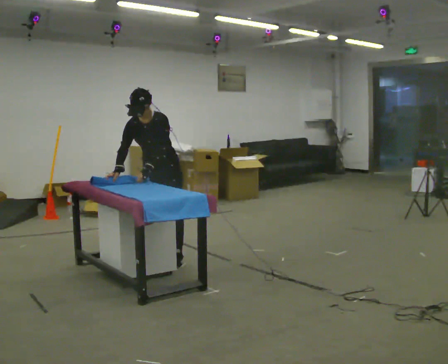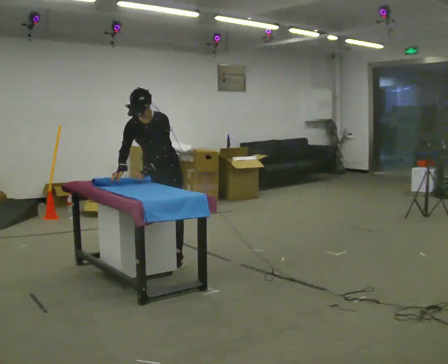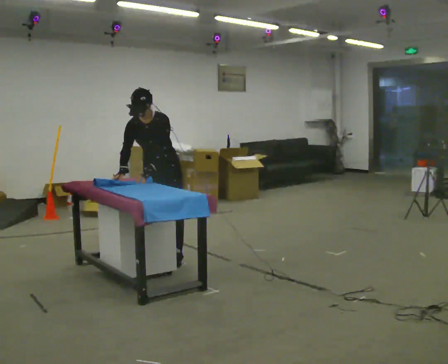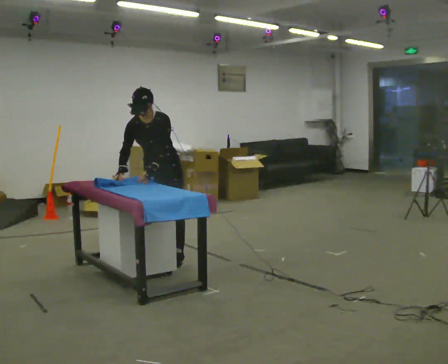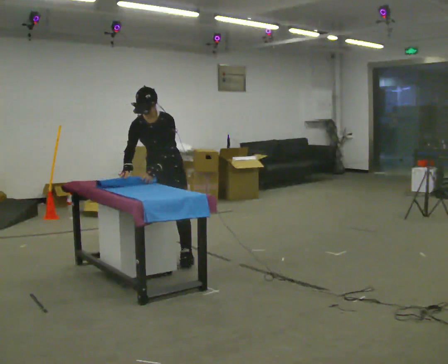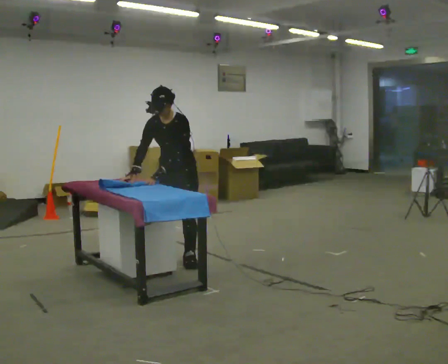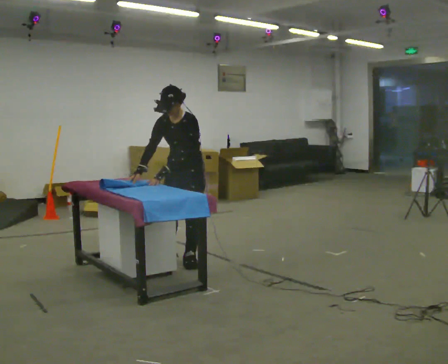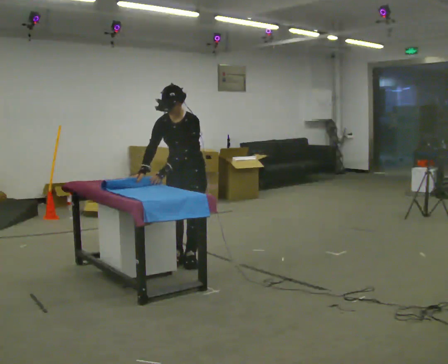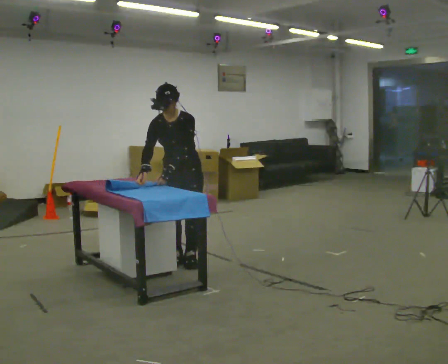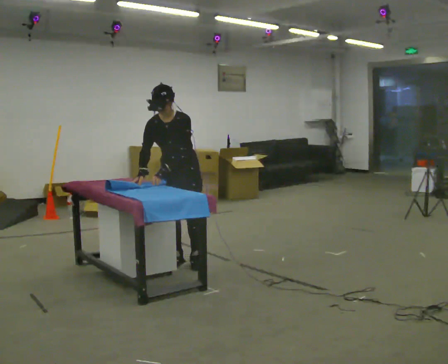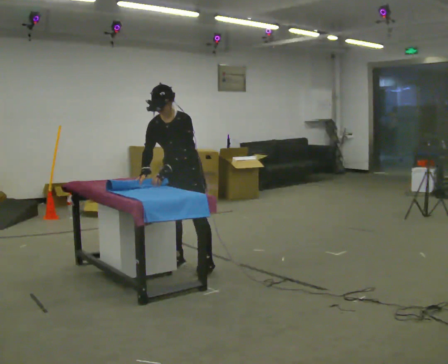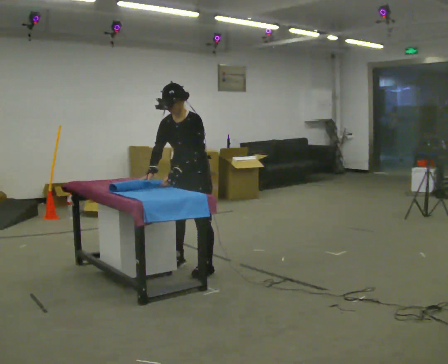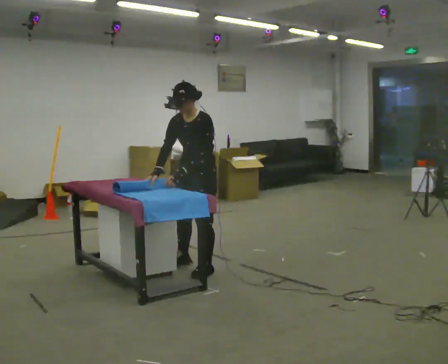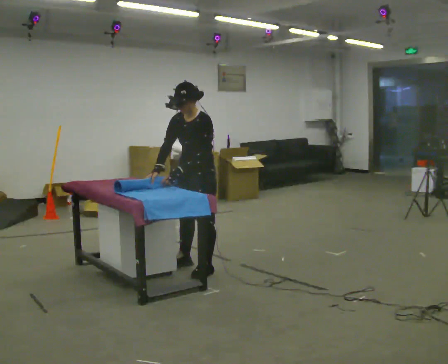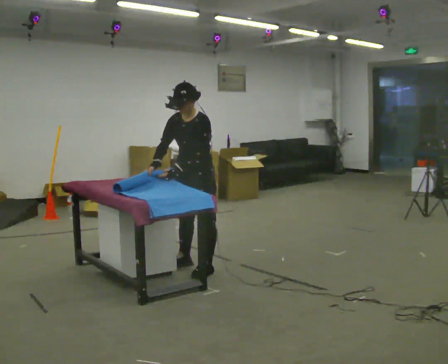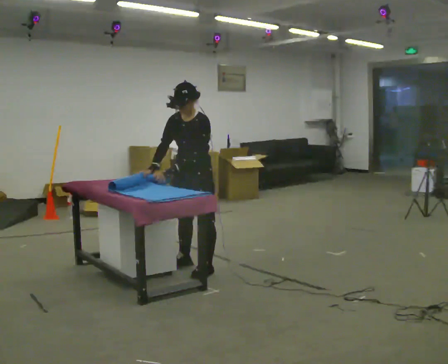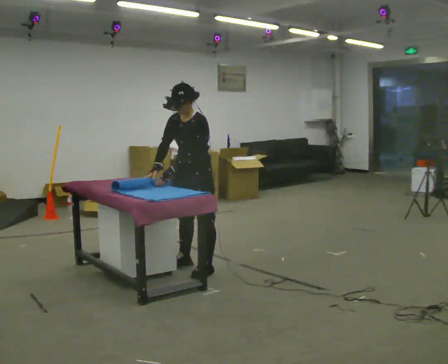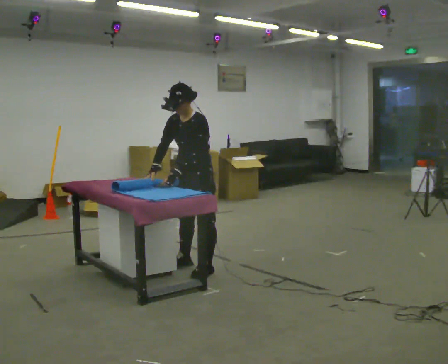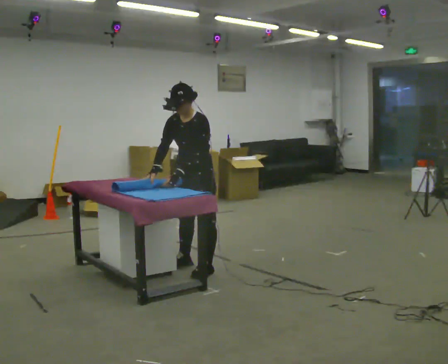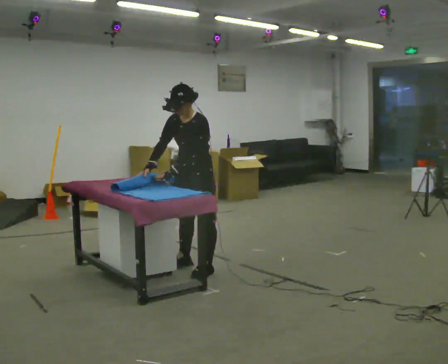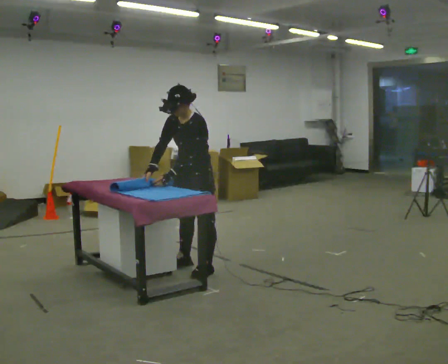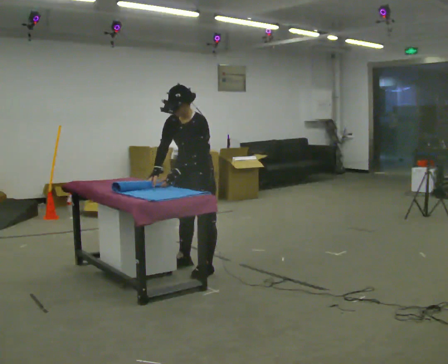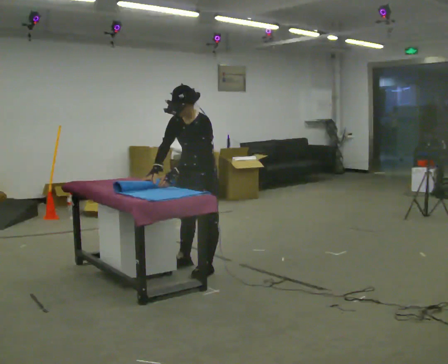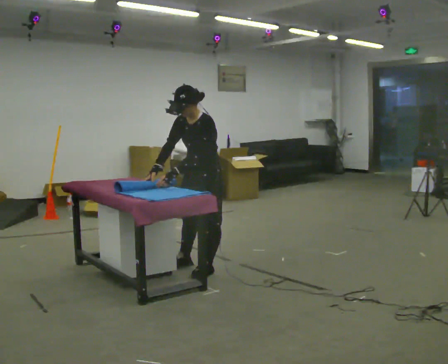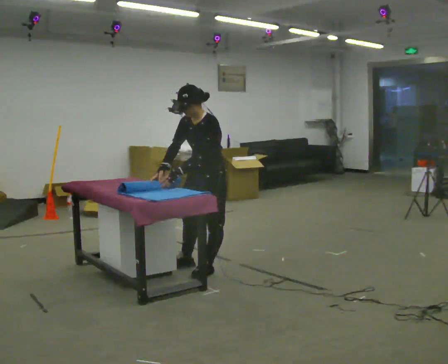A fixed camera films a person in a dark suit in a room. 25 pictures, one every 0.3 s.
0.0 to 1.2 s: The person moves a little, or ends about where they began.
1.2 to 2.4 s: In the picture they go toward the camera and to the right, about 0.25 m in 1 step, which for them is to their left.
2.4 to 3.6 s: The part of the body nearest the lens slides to the left as the person turns to their right by about 30 degrees. In the picture they go toward the camera, about 0.25 m in 1 step, which for them is to their left and forward.
3.6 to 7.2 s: The person moves a little, or ends about where they began.
The film runs forward here.
